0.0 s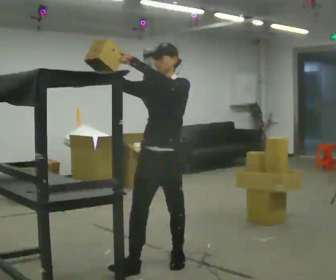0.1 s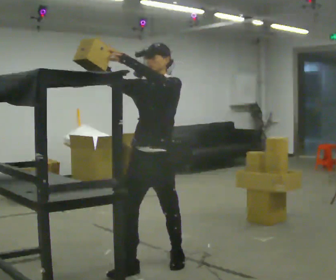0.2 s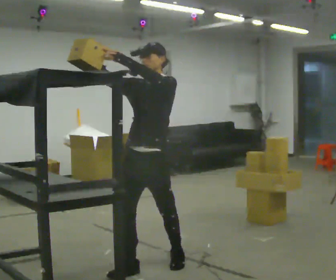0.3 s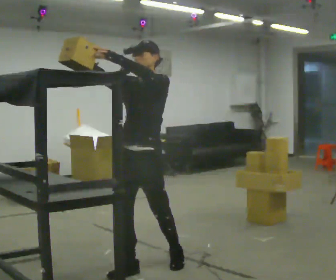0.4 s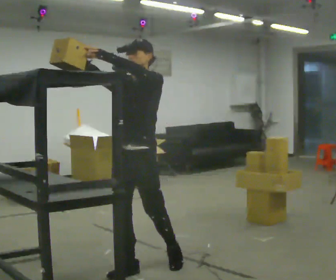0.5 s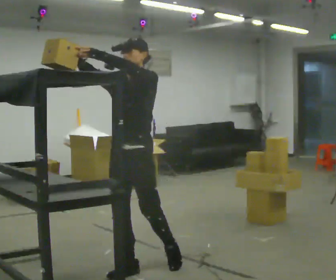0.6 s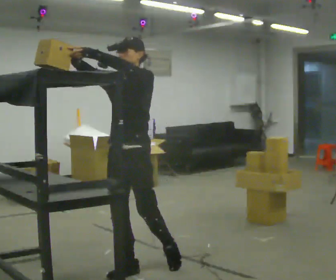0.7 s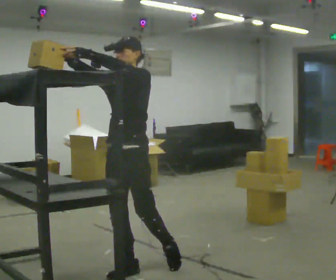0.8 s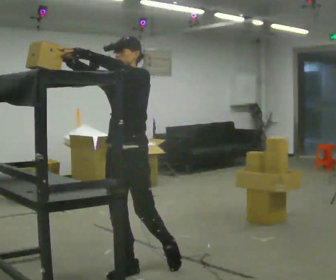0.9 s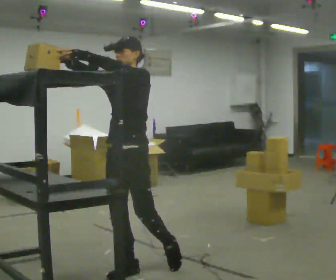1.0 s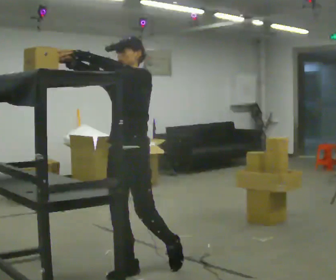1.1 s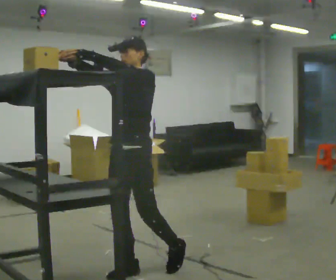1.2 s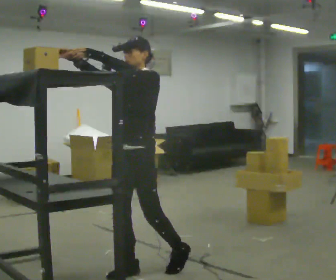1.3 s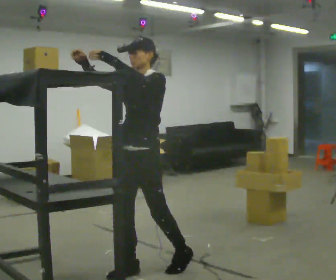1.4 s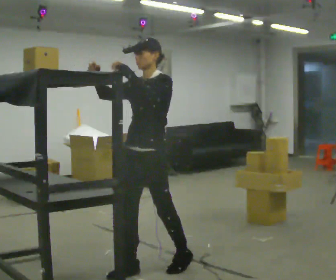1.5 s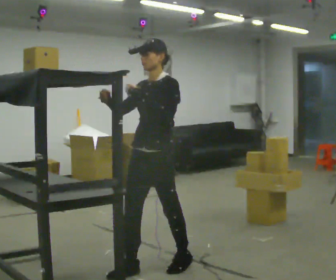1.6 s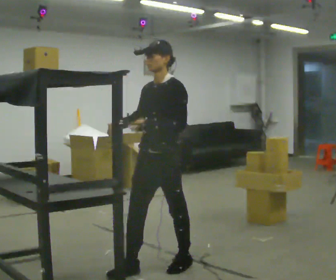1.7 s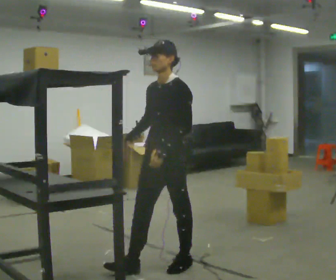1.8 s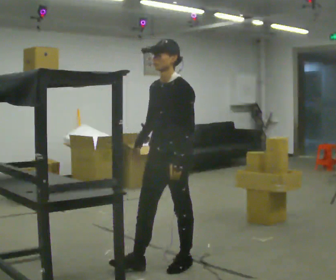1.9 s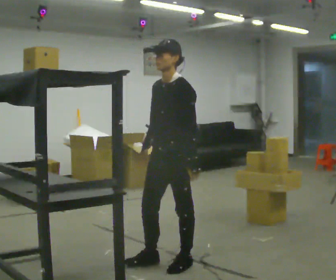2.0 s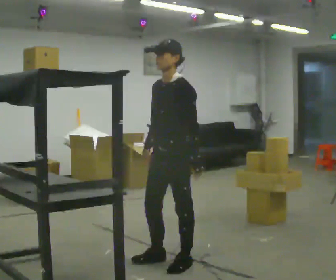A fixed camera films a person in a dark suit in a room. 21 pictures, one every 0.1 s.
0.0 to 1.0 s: In the picture they go to the left, about 0.25 m, which for them is forward.
1.0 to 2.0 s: In the picture they go to the right and away from the camera, about 0.25 m, which for them is backward. In the picture their right hand goes downward, the arm swinging counterclockwise.
The film runs forward here.
